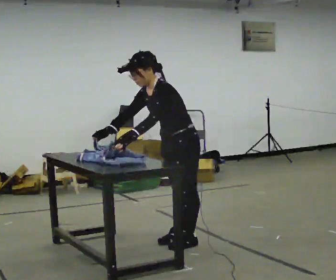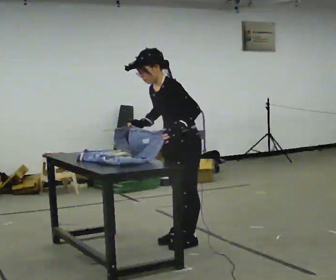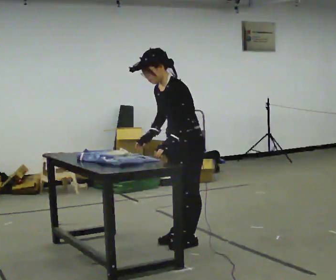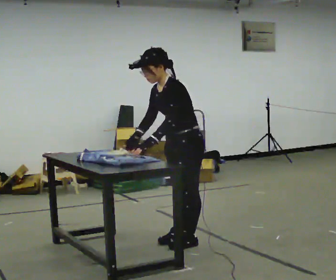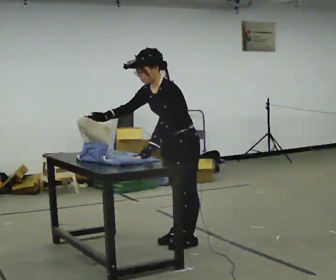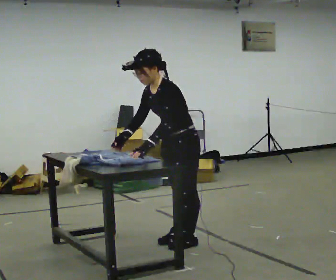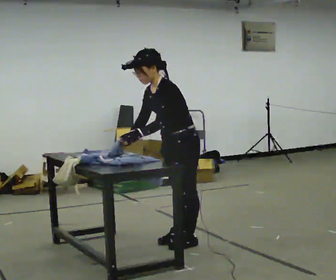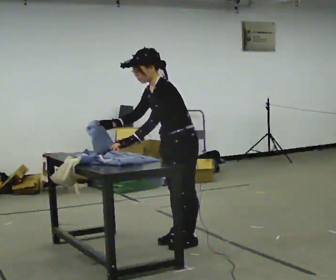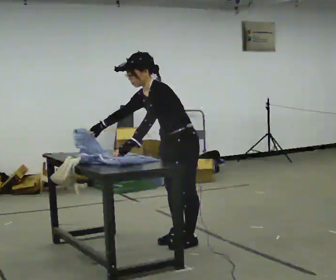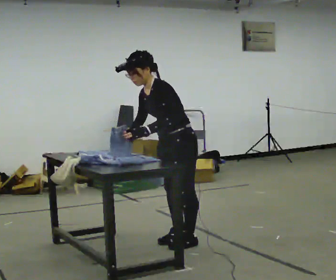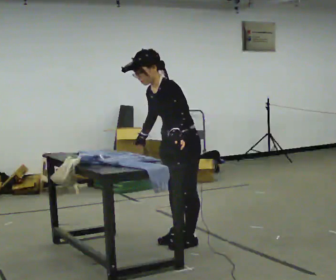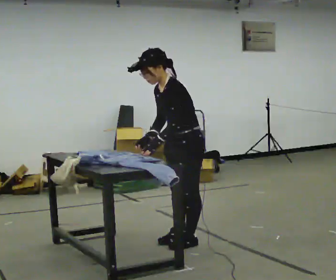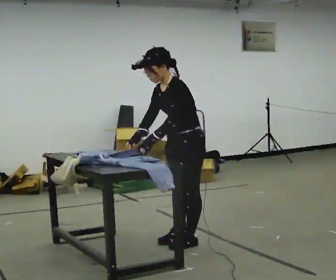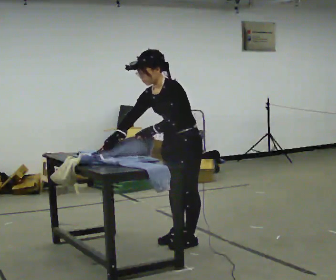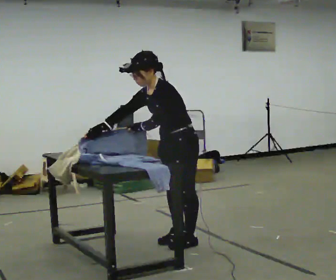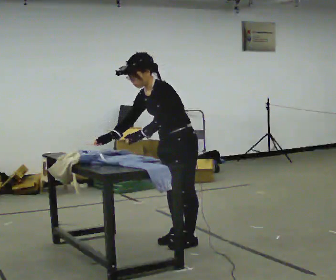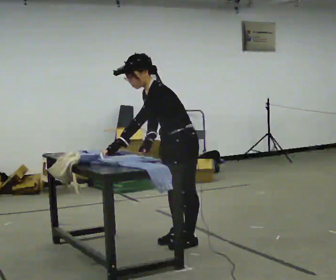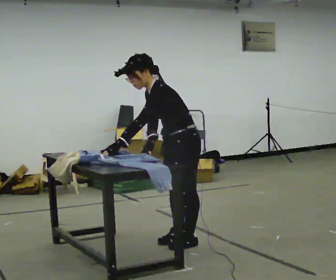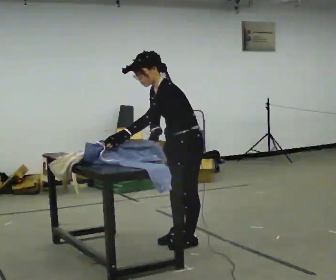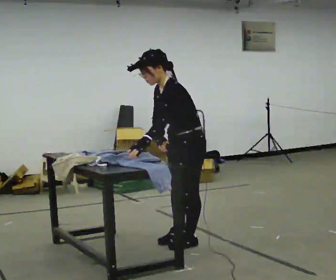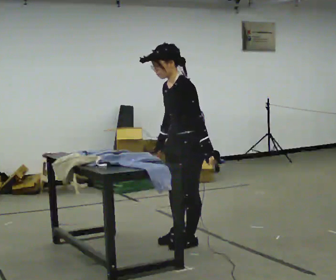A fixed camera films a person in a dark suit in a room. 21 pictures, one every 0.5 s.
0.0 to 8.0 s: In the picture their right hand goes to the right.
8.0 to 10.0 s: In the picture the upper body tilts clockwise, shoulders to the right, as they lean back or straighten. In the picture their left hand goes to the right, the arm swinging counterclockwise.
The film runs forward here.
